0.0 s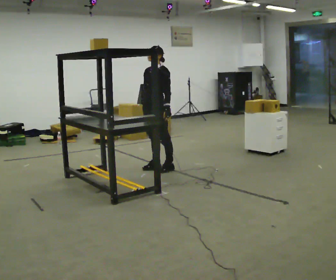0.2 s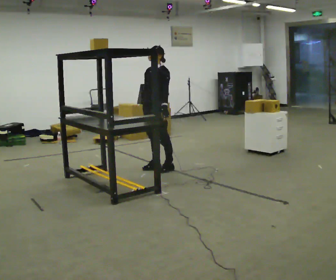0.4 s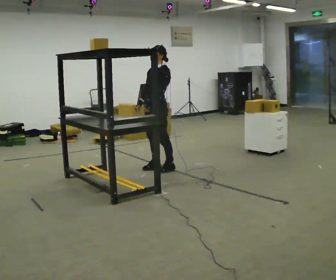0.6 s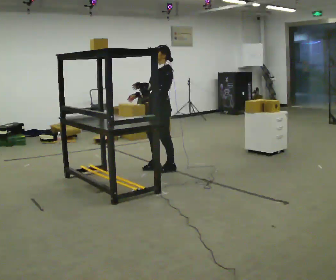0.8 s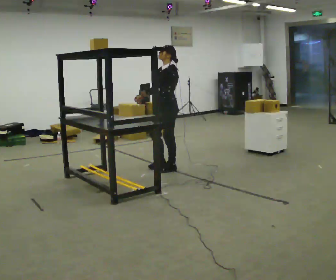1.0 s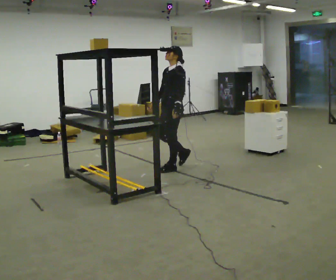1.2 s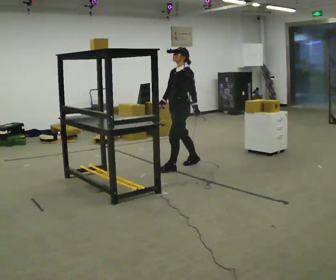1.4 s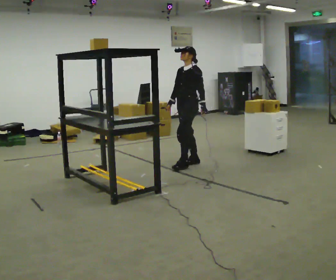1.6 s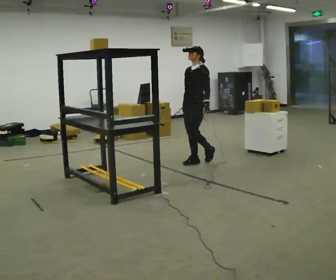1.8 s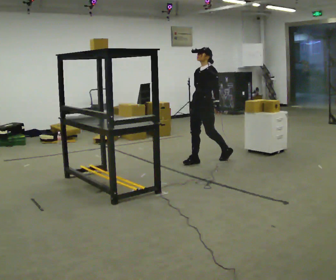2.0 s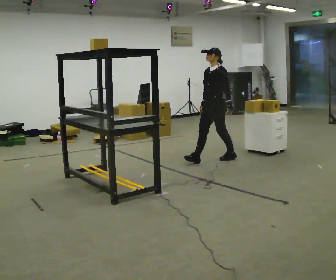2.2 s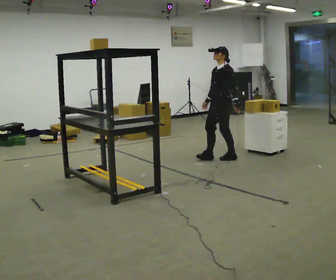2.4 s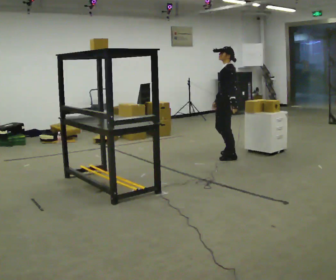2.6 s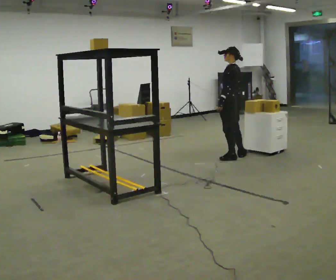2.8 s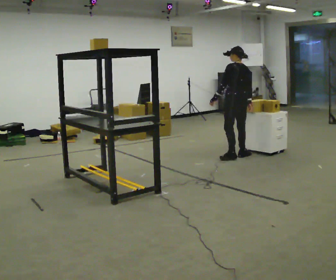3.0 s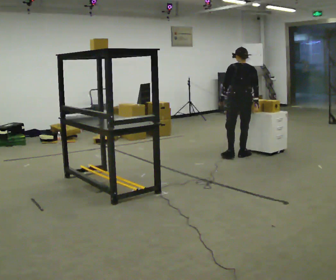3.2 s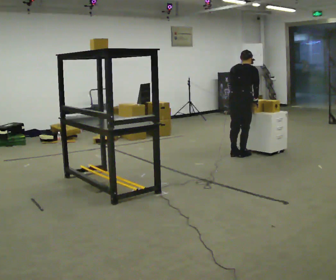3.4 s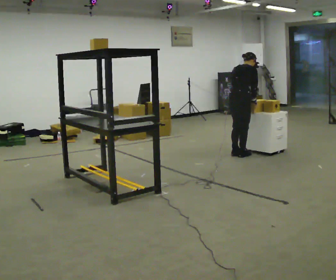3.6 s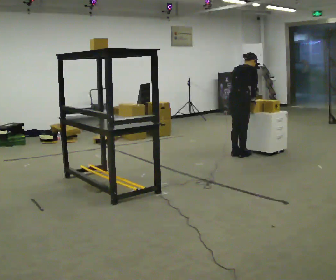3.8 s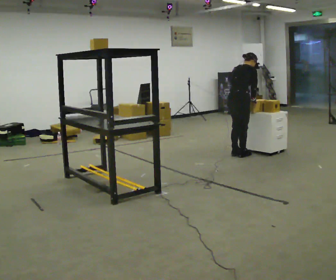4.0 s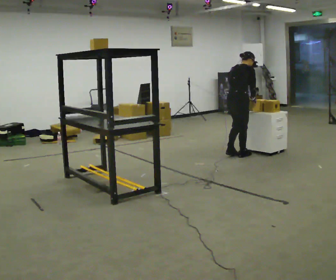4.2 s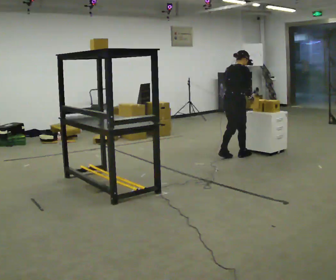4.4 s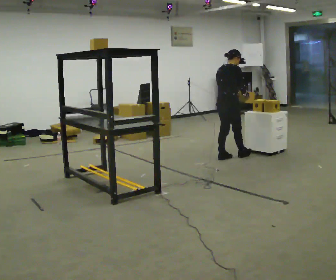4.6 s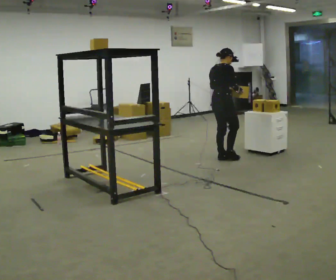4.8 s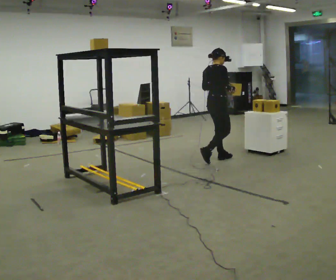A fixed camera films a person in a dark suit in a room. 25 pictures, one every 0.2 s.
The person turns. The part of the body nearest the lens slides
to the left.
The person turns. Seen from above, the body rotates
clockwise.
0.0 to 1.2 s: In the picture they go to the right, about 0.25 m in 1 step, which for them is backward.
1.2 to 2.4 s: Seen from above the body turns clockwise, about 30 degrees: to their right, with its near side sliding to the left. In the picture they go to the right and away from the camera, about 0.5 m in 2 steps, which for them is backward.
2.4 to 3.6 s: The person turns about 135 degrees to their right, clockwise seen from above, so the part of the body nearest the lens slides to the left. In the picture the upper body tilts clockwise, shoulders to the right, as they bend forward.
3.6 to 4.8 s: In the picture they go to the left and toward the camera, about 0.25 m in 2 steps, which for them is backward. The upper body tips toward the camera, its near side rolling downward, as they lean back or straighten.
The film runs backward here.
